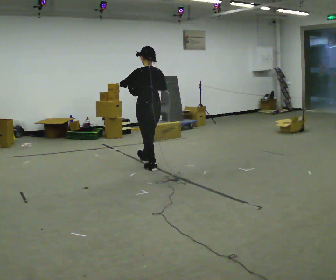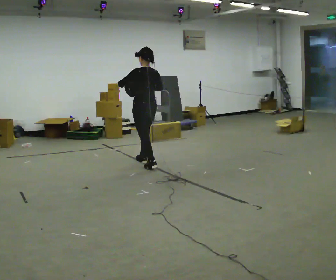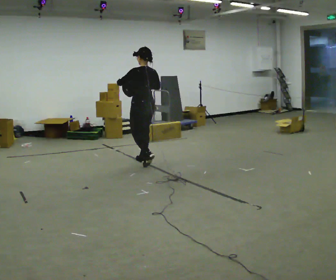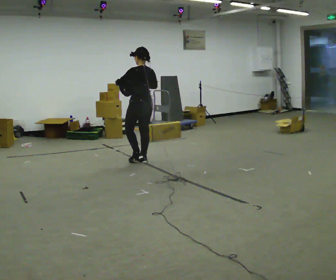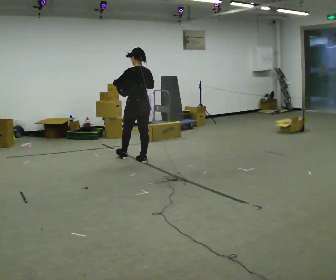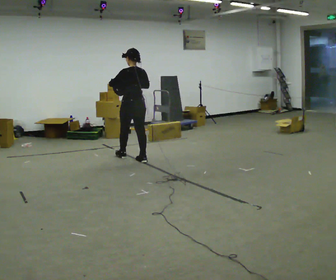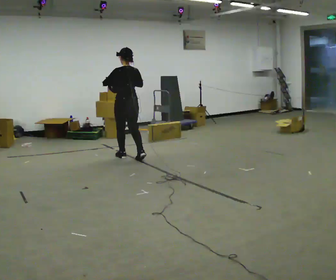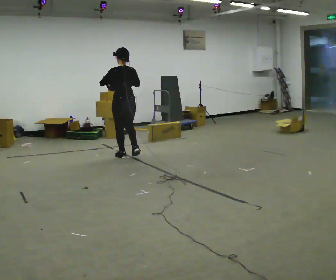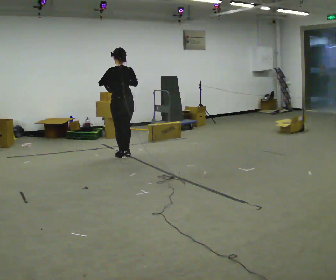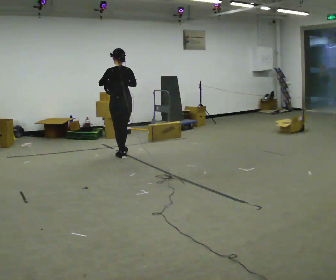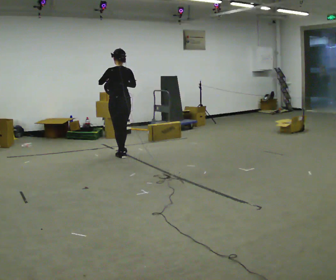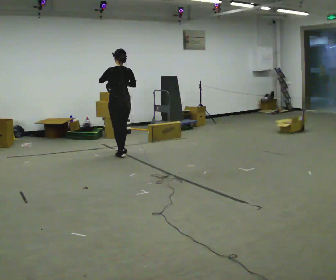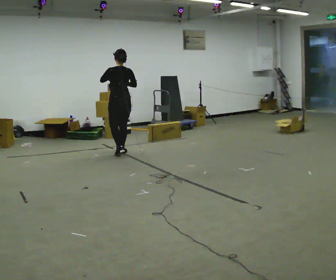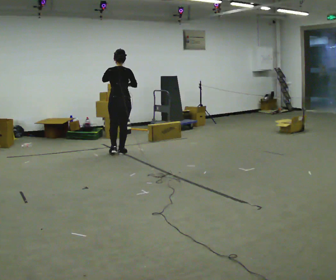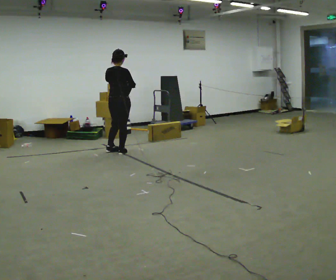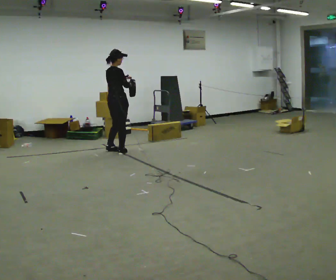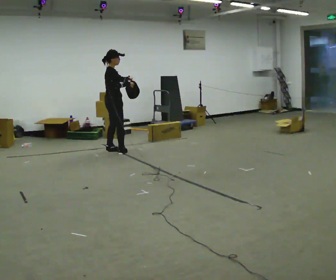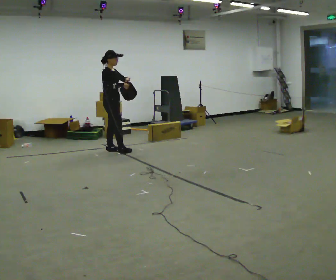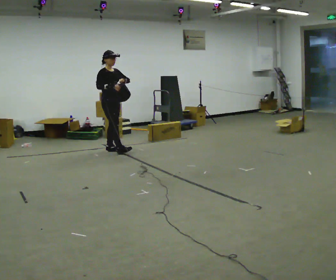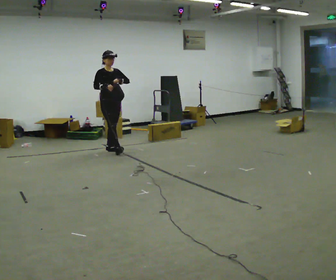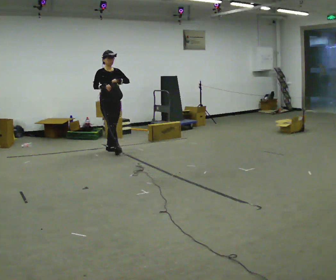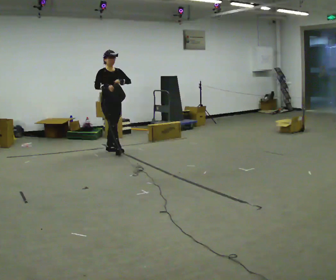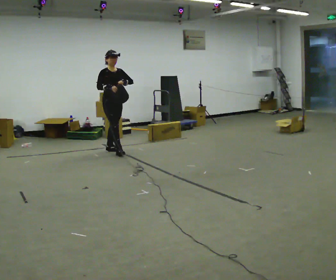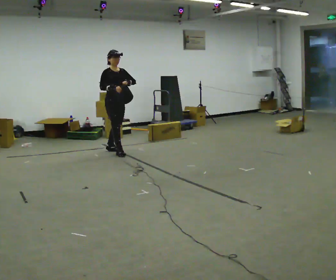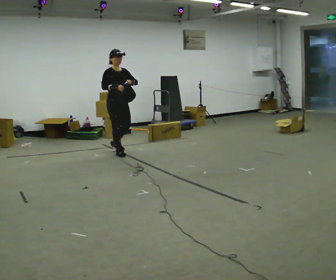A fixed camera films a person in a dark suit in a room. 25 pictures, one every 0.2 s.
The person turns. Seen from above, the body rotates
clockwise.
The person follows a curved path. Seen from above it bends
counterclockwise.
0.0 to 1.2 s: In the picture they go away from the camera and to the left, about 0.5 m in 2 steps, which for them is forward.
1.2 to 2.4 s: In the picture they go away from the camera, about 0.25 m in 1 step, which for them is forward.
2.4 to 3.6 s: The person turns about 135 degrees to their right, clockwise seen from above, so the part of the body nearest the lens slides to the left. In the picture they go away from the camera and to the left, about 0.25 m in 1 step.
3.6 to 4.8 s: In the picture they go toward the camera, about 0.25 m, which for them is forward.
The film runs forward here.
